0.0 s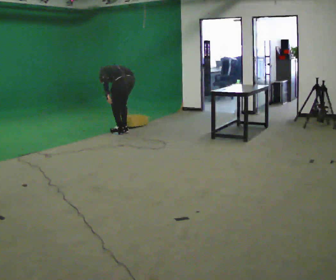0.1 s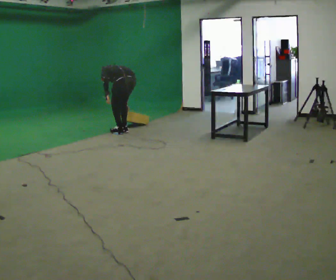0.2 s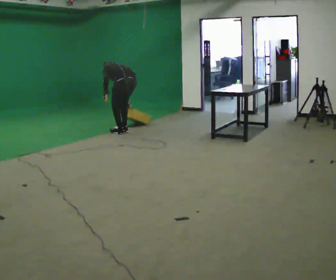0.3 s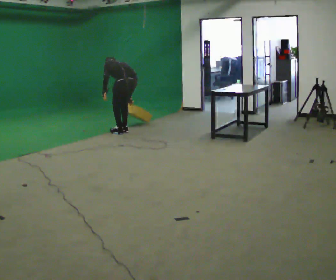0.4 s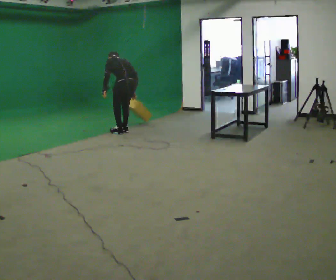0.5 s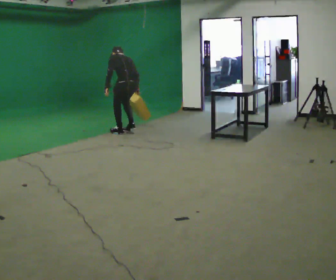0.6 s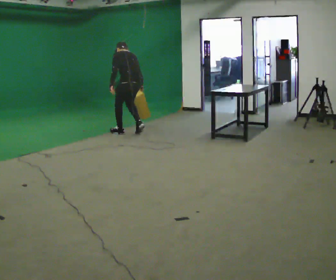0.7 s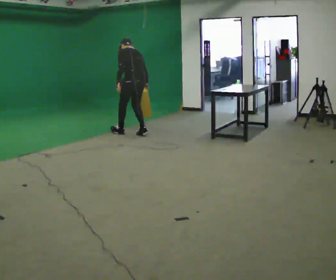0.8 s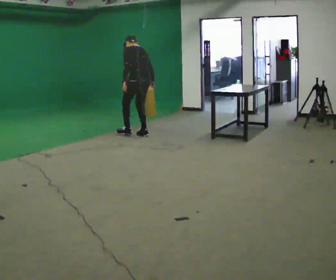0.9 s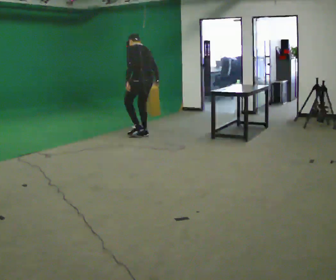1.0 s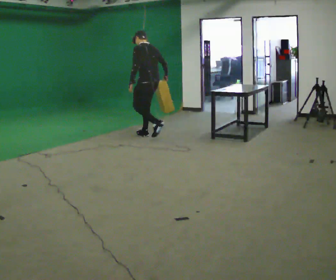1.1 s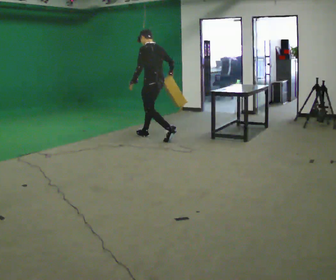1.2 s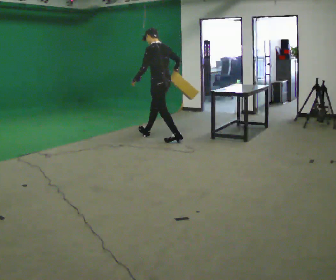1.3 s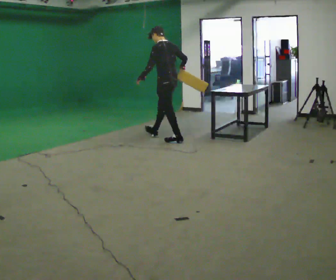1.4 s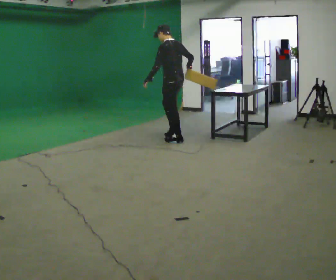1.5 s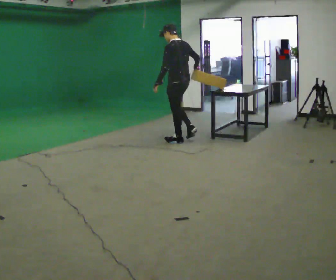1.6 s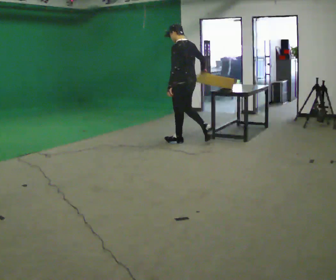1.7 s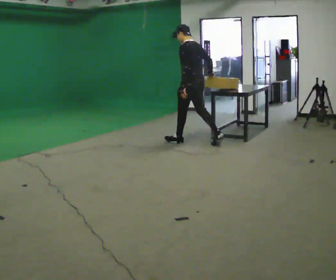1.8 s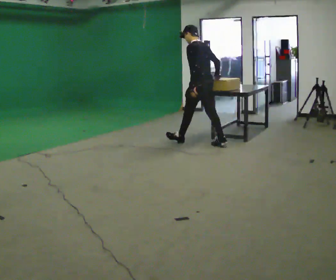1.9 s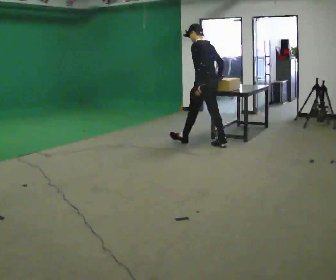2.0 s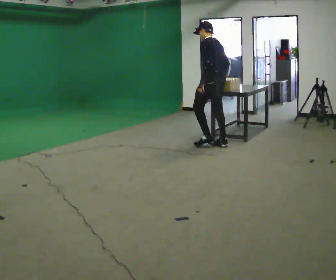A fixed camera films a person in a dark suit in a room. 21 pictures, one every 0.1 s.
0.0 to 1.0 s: In the picture they go to the right and toward the camera, about 0.5 m in 2 steps, which for them is backward. The upper body goes upward. In the picture the upper body tilts clockwise, shoulders to the right, as they lean back or straighten.
1.0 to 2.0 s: In the picture they go to the right and toward the camera, about 1 m in 2 steps, which for them is backward.
The film runs backward here.
